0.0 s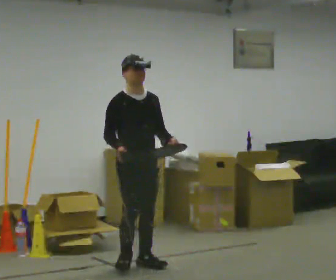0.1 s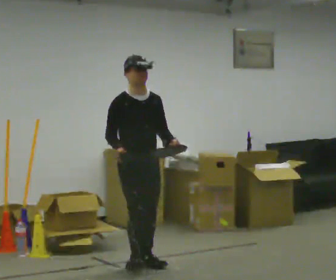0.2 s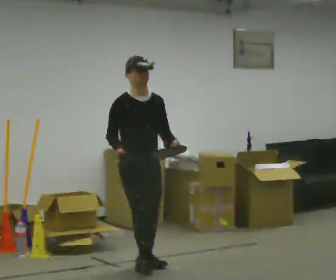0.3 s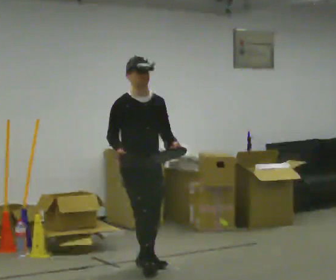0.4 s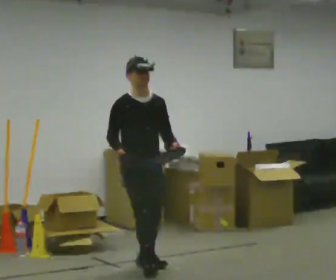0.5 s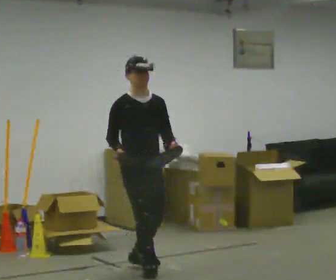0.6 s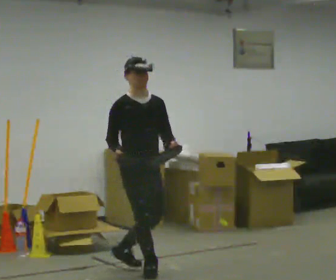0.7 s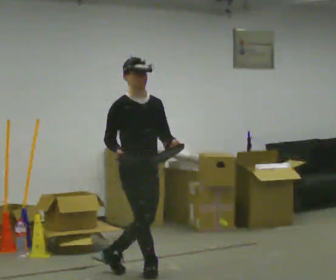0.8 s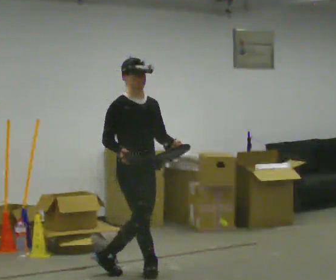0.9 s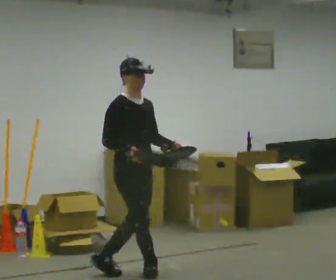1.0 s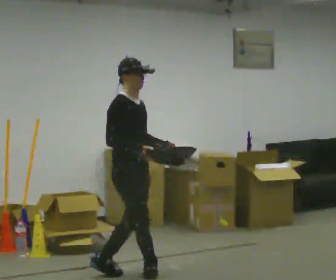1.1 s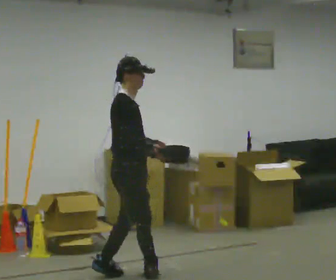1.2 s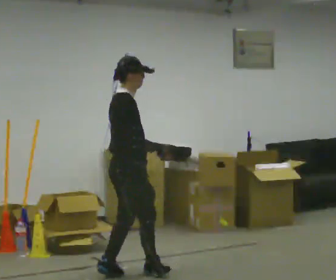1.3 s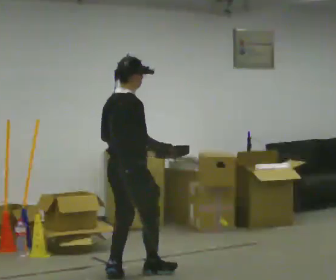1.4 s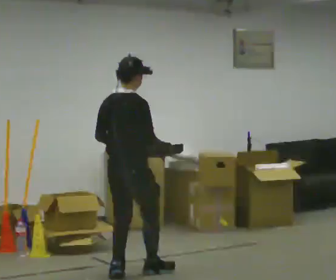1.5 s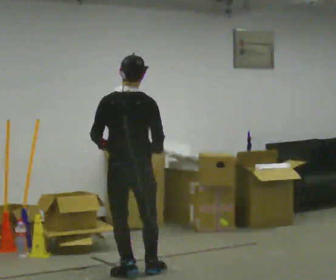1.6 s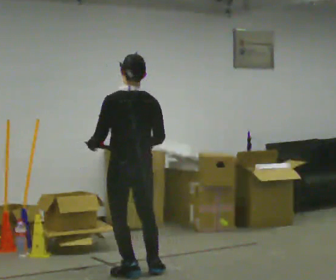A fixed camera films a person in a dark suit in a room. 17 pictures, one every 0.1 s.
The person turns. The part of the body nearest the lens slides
to the right.
Their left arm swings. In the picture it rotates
clockwise.
0.0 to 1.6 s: The part of the body nearest the lens slides to the right as the person turns to their left by about 150 degrees. In the picture they go toward the camera, about 0.25 m in 1 step. In the picture their left hand goes to the left, the arm swinging clockwise.
The film runs backward here.
